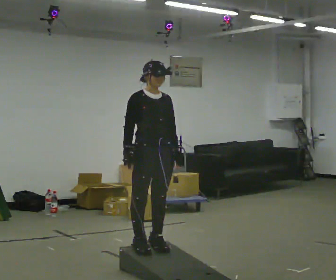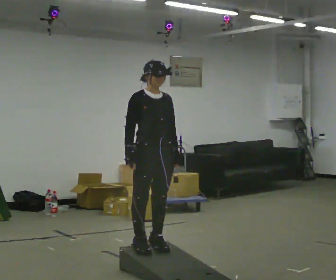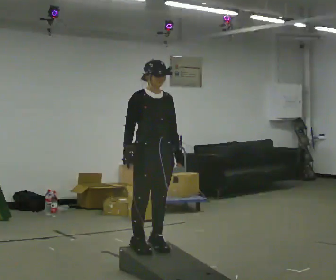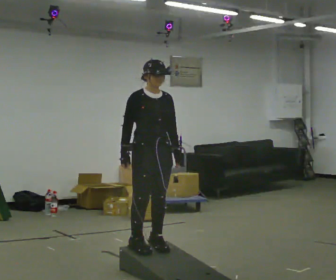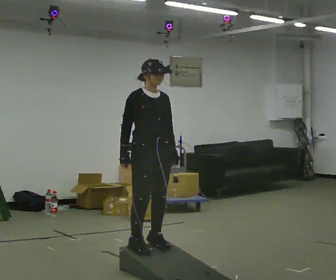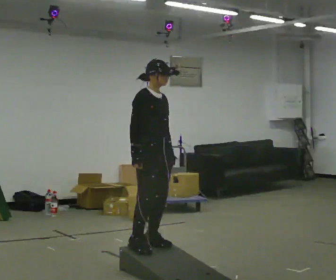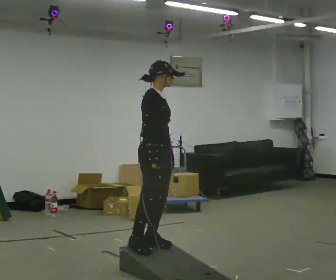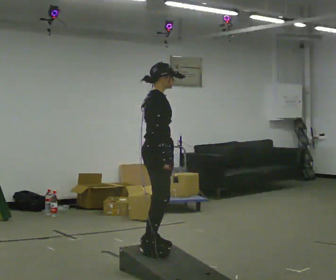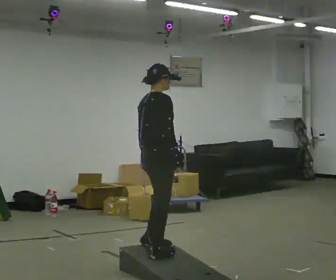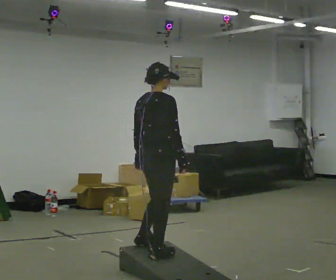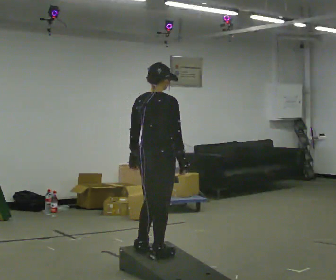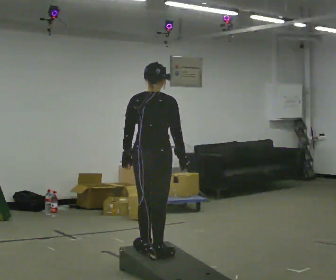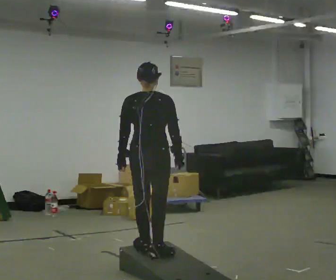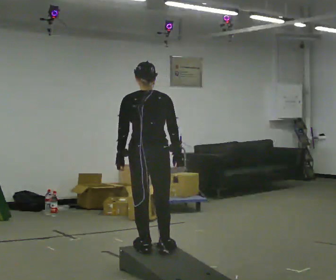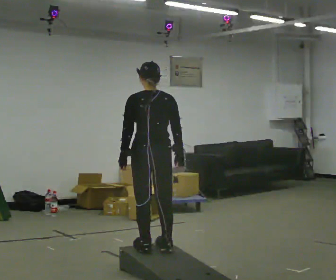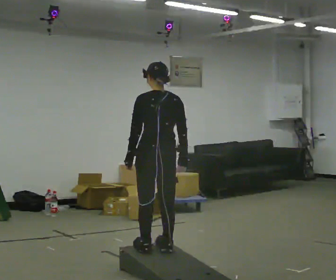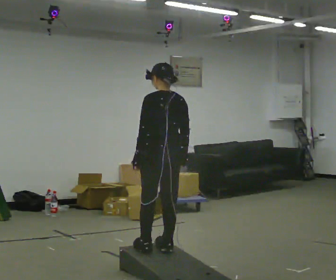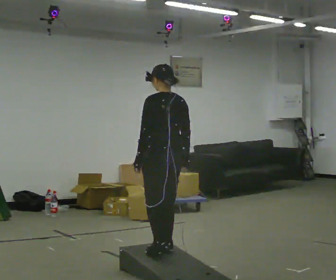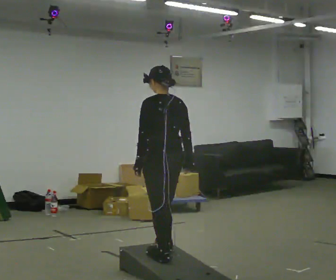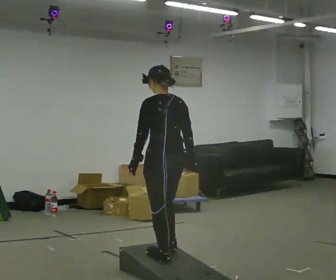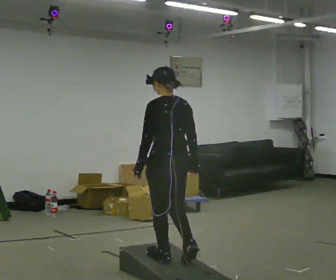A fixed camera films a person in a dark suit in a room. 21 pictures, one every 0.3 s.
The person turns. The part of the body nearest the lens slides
to the right.
The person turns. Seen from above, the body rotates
counterclockwise.
0.0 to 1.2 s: The person moves a little, or ends about where they began.
1.2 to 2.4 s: The person turns about 75 degrees to their left, counterclockwise seen from above, so the part of the body nearest the lens slides to the right. In the picture their right hand goes to the right.
2.4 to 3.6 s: The part of the body nearest the lens slides to the right as the person turns to their left by about 60 degrees.
3.6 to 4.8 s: Seen from above the body turns counterclockwise, about 45 degrees: to their left, with its near side sliding to the right.
4.8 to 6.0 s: In the picture they go toward the camera, about 0.25 m in 2 steps, which for them is backward.
The film runs backward here.
